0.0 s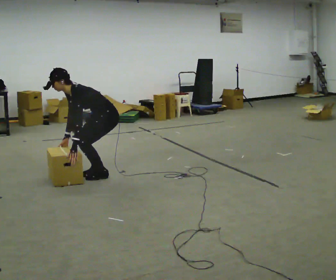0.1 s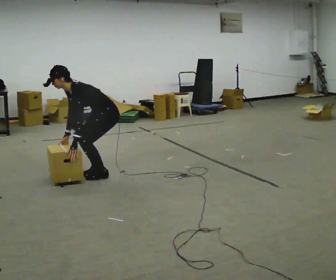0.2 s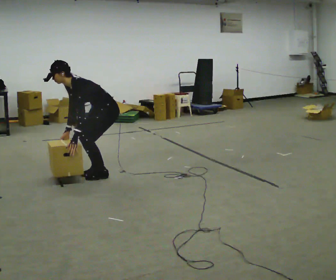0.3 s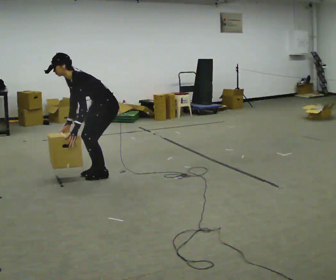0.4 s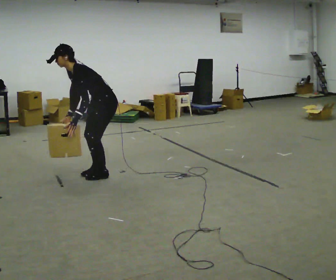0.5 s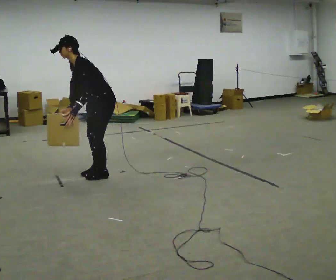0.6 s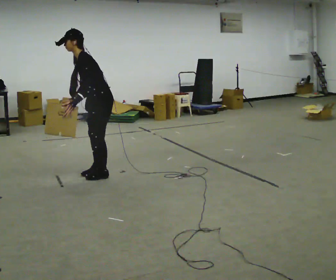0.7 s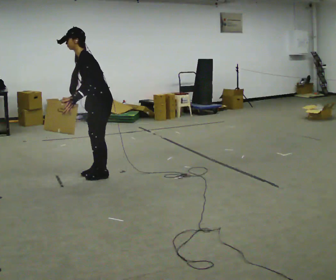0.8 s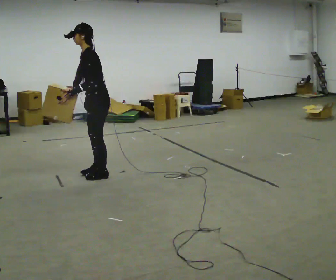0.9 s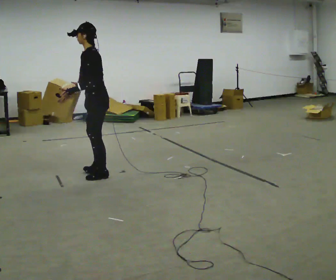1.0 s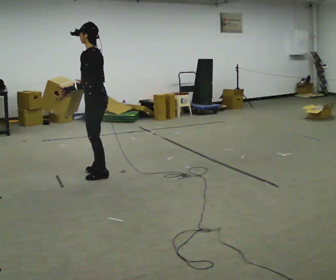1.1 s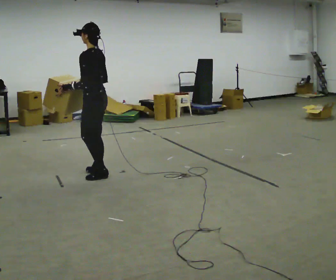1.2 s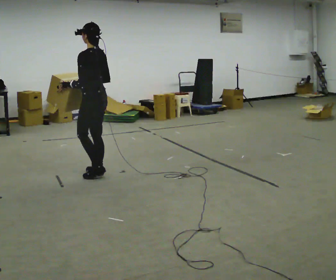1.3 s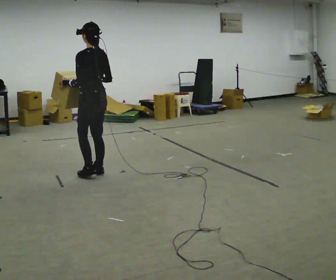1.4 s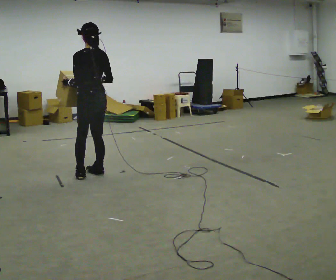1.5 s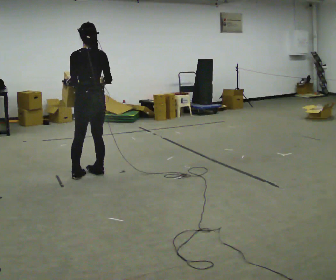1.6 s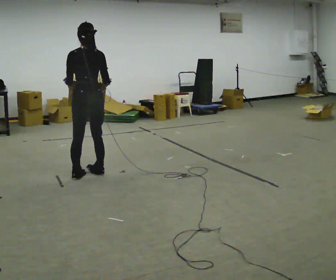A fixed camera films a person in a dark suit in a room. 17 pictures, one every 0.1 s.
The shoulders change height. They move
upward.
Their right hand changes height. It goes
upward.
0.0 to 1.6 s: The part of the body nearest the lens slides to the left as the person turns to their right by about 120 degrees. In the picture they go to the left, about 0.25 m in 1 step. The upper body goes upward. In the picture the upper body tilts clockwise, shoulders to the right, as they lean back or straighten. In the picture their left hand goes upward.
The film runs forward here.
